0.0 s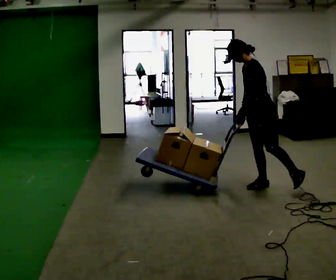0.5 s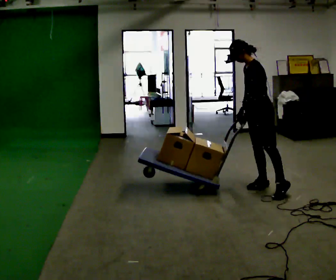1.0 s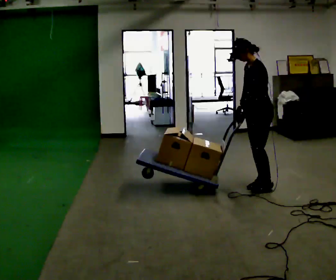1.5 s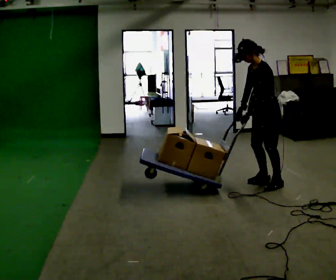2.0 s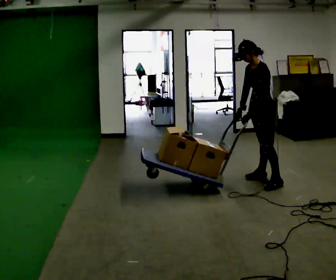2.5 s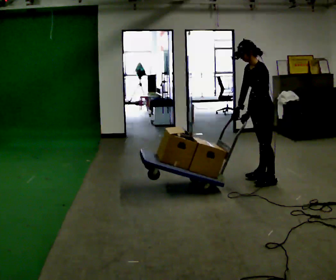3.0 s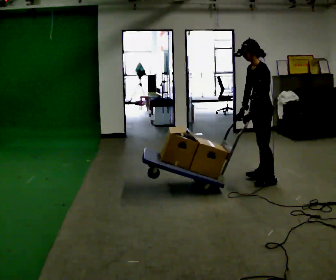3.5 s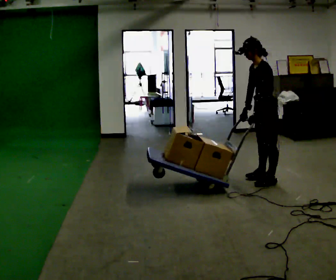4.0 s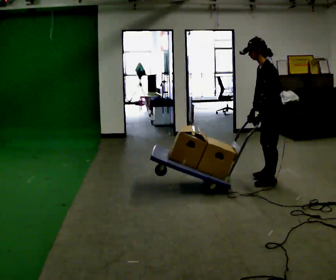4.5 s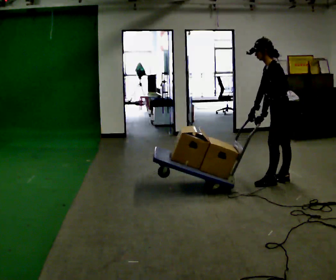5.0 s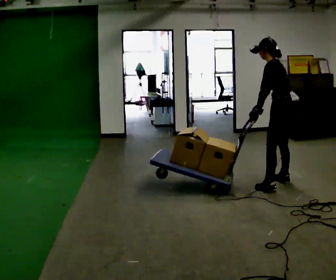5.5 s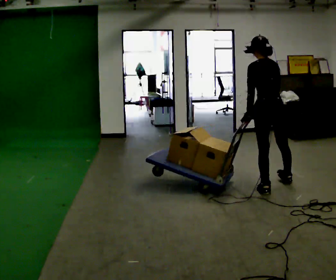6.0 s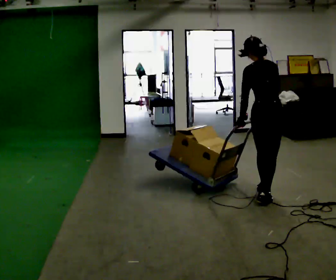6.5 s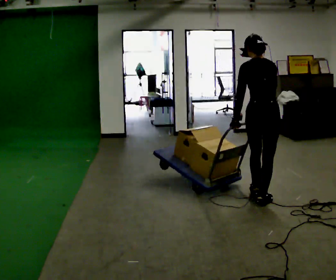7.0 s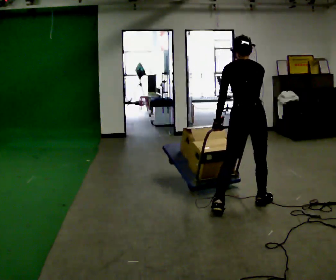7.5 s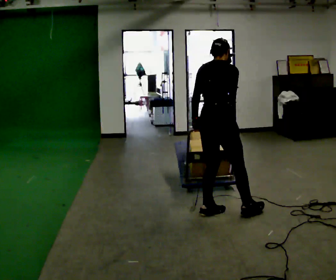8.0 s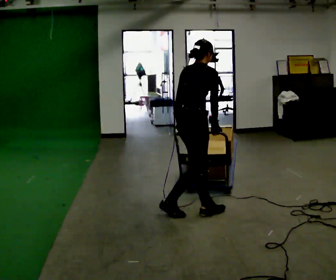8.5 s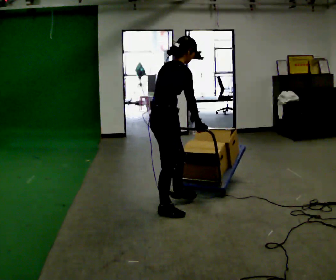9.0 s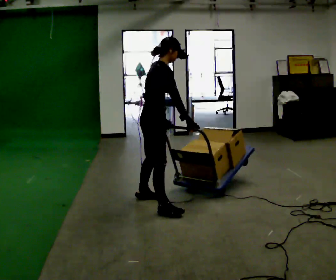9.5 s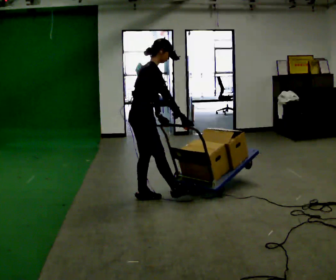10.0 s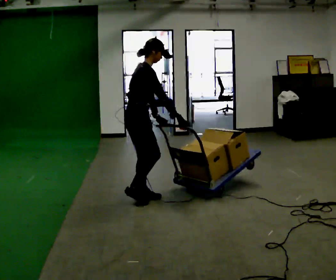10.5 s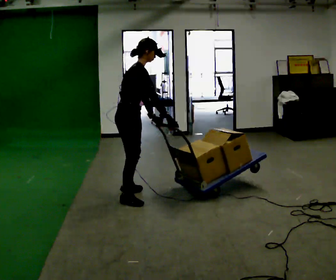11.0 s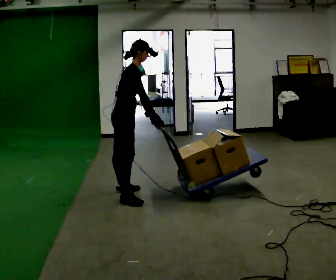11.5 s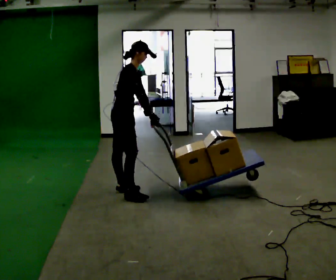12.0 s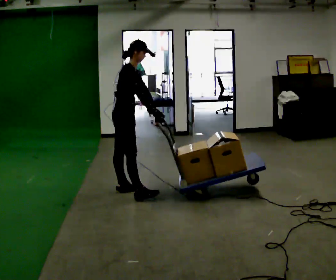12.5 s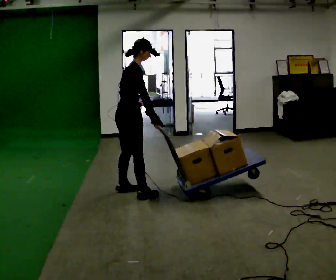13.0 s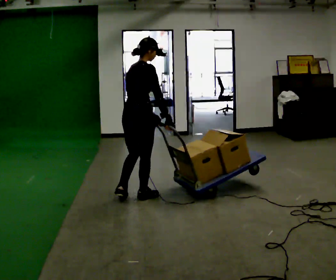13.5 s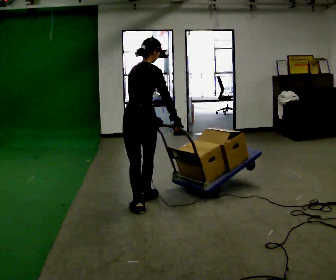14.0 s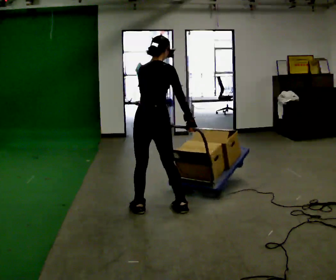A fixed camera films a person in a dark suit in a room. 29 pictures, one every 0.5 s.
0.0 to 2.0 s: In the picture they go away from the camera, about 0.25 m in 1 step, which for them is to their right.
2.0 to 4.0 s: The person moves a little, or ends about where they began.
4.0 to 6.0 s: Seen from above the body turns clockwise, about 90 degrees: to their right, with its near side sliding to the left. In the picture they go toward the camera, about 0.5 m in 2 steps.
6.0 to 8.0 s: The part of the body nearest the lens slides to the left as the person turns to their right by about 60 degrees. In the picture they go to the left and toward the camera, about 1 m in 2 steps. In the picture the upper body tilts clockwise, shoulders to the right.
8.0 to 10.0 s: In the picture they go to the left and away from the camera, about 0.75 m in 2 steps, which for them is backward and to their left.
10.0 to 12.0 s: In the picture they go away from the camera and to the left, about 0.25 m in 2 steps, which for them is to their left and backward.
12.0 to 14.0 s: Seen from above the body turns counterclockwise, about 75 degrees: to their left, with its near side sliding to the right. In the picture they go toward the camera and to the right, about 0.75 m in 2 steps.
The film runs backward here.
